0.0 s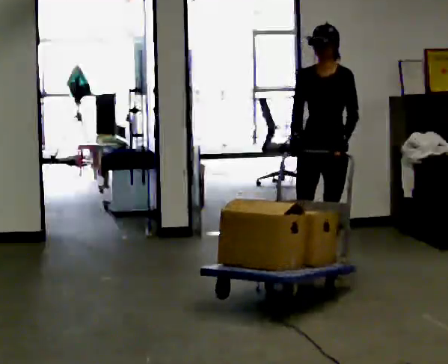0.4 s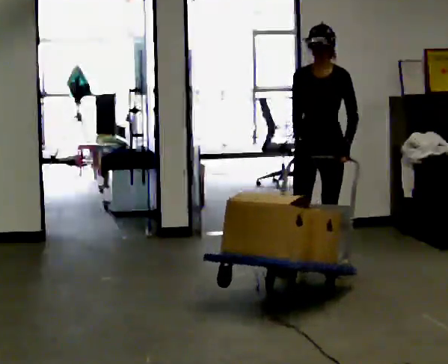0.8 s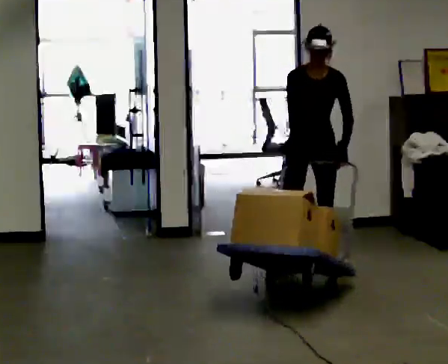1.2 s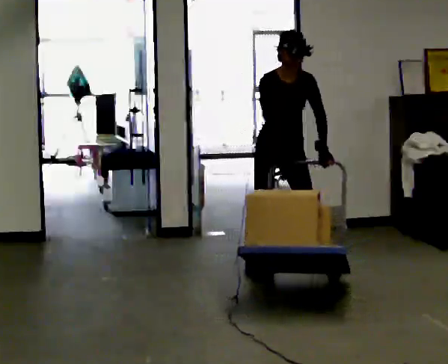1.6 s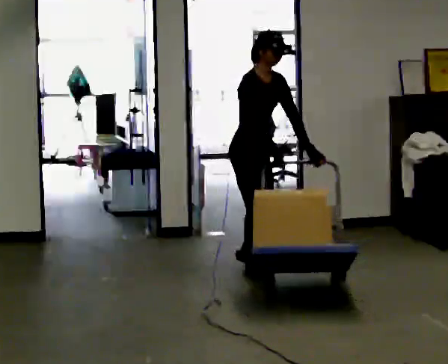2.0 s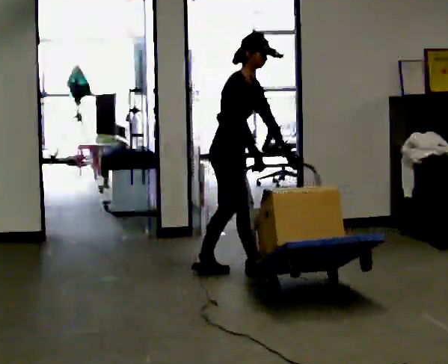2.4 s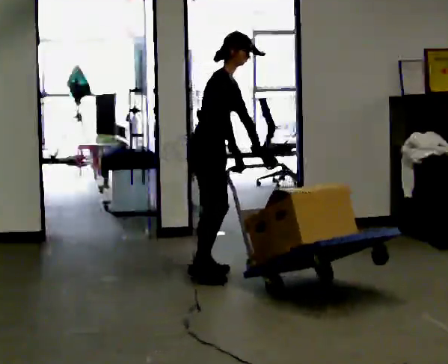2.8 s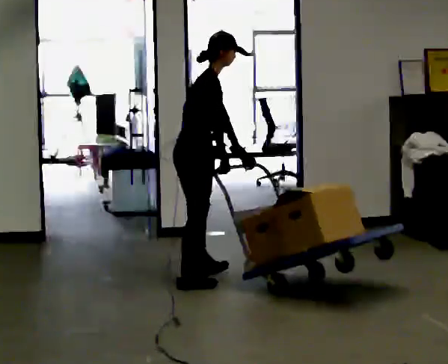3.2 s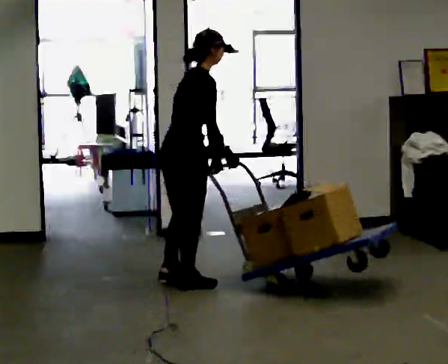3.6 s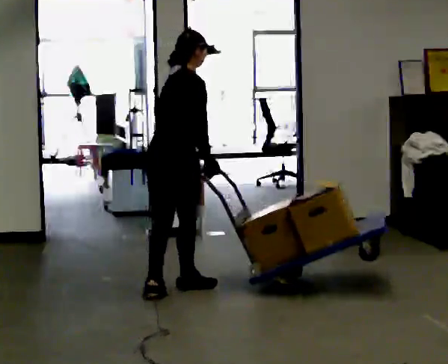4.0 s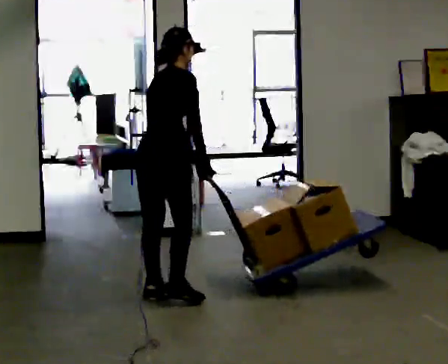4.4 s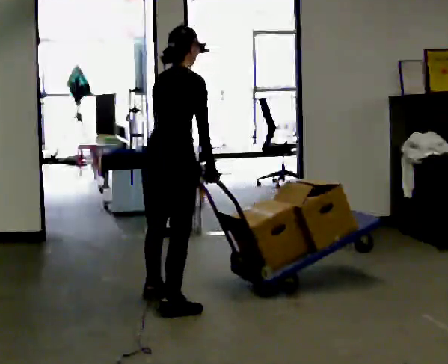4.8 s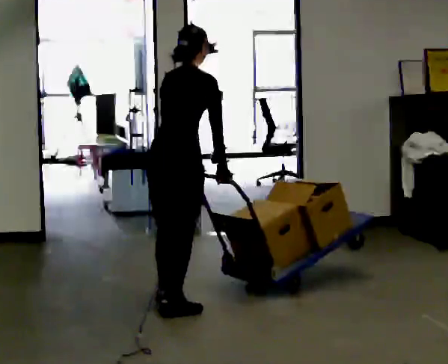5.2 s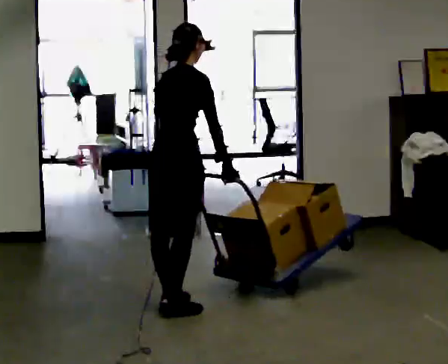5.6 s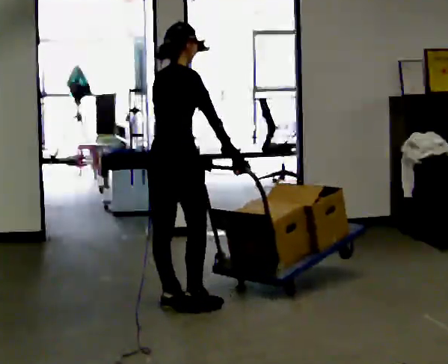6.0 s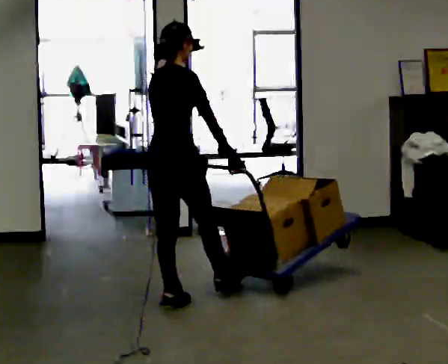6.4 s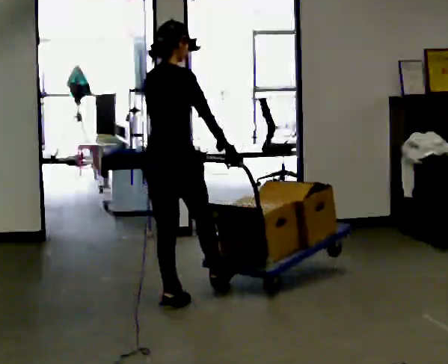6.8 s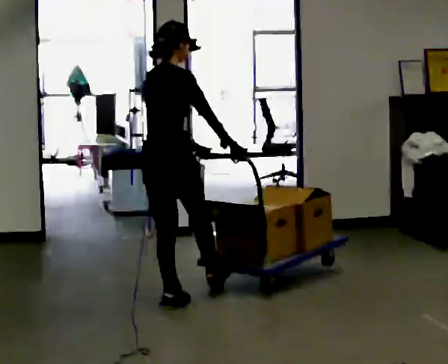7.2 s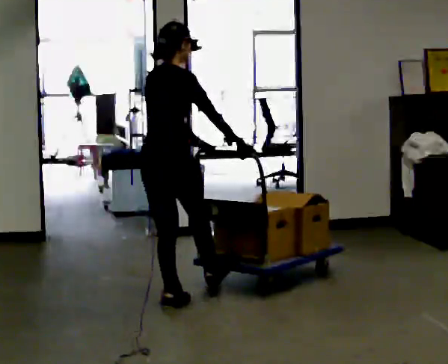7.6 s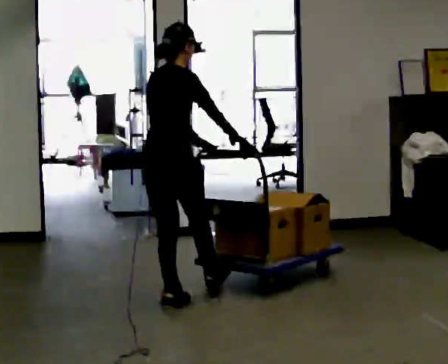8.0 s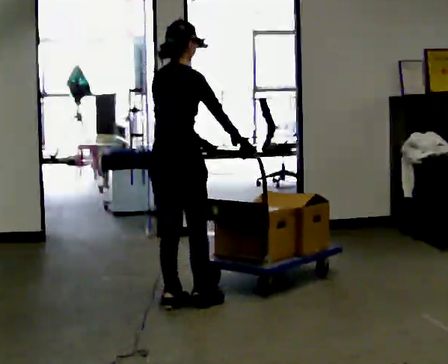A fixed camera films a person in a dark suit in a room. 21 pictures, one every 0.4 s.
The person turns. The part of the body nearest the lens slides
to the right.
The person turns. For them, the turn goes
to their left.
0.0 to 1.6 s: The part of the body nearest the lens slides to the right as the person turns to their left by about 75 degrees. In the picture they go to the left, about 0.5 m in 2 steps. In the picture the upper body tilts clockwise, shoulders to the right, as they bend forward.
1.6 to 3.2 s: The part of the body nearest the lens slides to the right as the person turns to their left by about 60 degrees. In the picture they go to the left and toward the camera, about 0.5 m in 2 steps. The upper body tips away from the camera, its near side rolling upward.
3.2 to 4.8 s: The part of the body nearest the lens slides to the right as the person turns to their left by about 30 degrees. In the picture they go toward the camera, about 0.5 m in 2 steps, which for them is to their right and backward.
4.8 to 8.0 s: The person moves a little, or ends about where they began.
The film runs backward here.
